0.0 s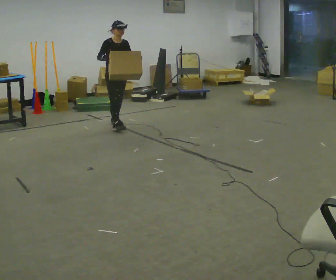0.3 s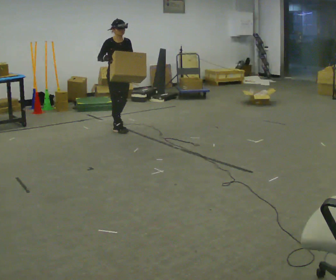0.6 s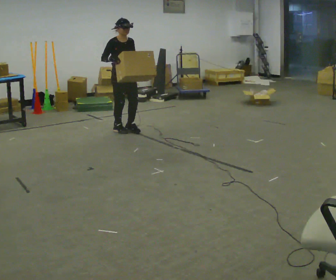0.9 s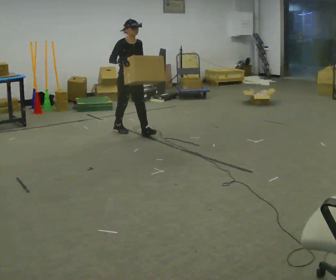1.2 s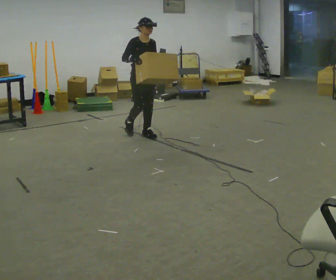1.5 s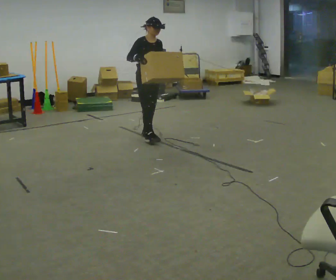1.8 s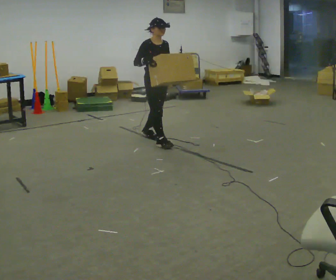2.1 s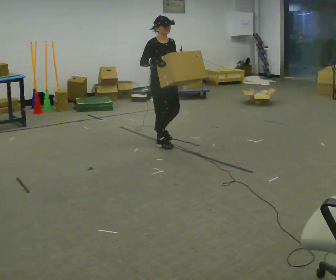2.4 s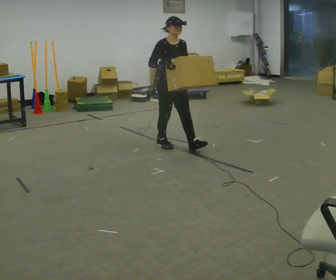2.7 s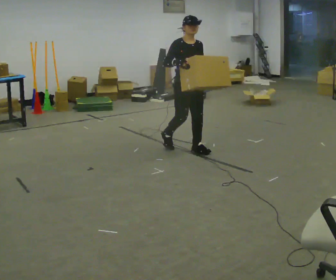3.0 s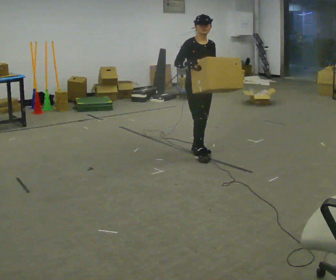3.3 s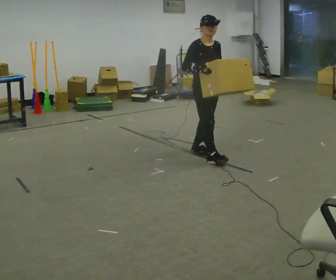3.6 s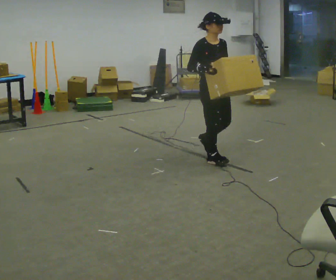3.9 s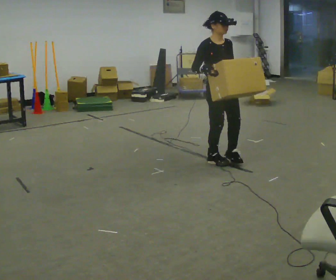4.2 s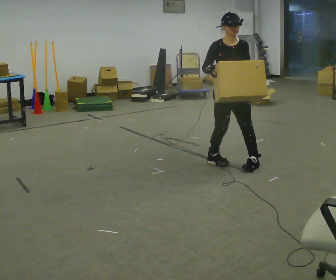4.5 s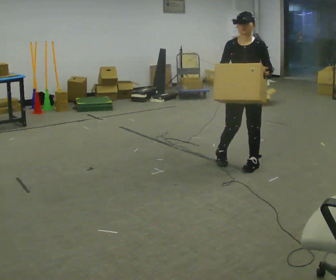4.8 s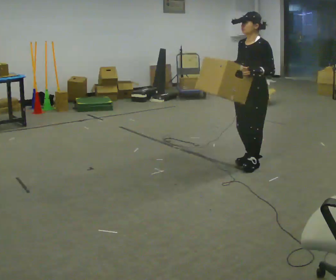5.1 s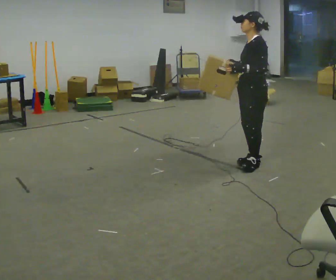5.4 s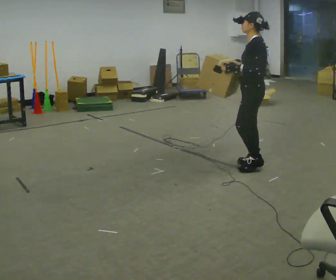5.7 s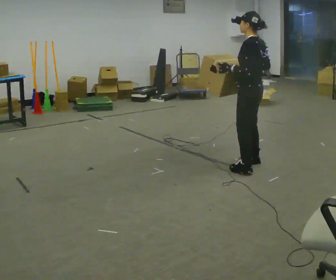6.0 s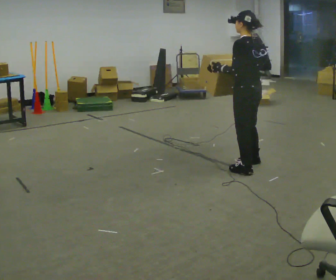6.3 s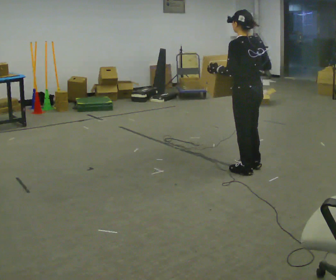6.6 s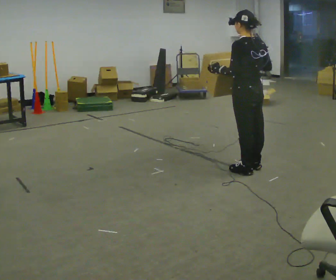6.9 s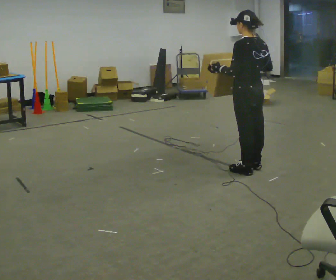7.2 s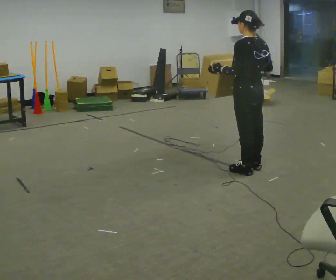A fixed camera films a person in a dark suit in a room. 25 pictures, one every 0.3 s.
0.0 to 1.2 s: In the picture they go toward the camera and to the right, about 0.75 m in 2 steps, which for them is forward.
1.2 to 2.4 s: In the picture they go toward the camera and to the right, about 0.5 m in 1 step, which for them is forward.
2.4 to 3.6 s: In the picture they go toward the camera and to the right, about 0.5 m in 2 steps, which for them is forward.
3.6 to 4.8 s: The person turns about 90 degrees to their right, clockwise seen from above, so the part of the body nearest the lens slides to the left. In the picture they go to the right and toward the camera, about 0.5 m in 1 step.
4.8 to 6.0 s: The person turns about 75 degrees to their right, clockwise seen from above, so the part of the body nearest the lens slides to the left.
6.0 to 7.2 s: The person moves a little, or ends about where they began.
The film runs forward here.
